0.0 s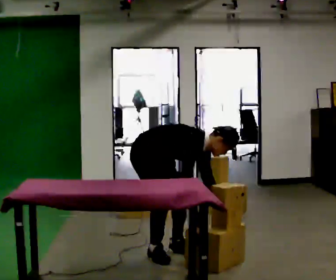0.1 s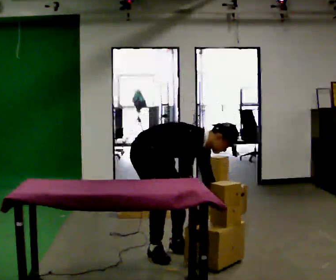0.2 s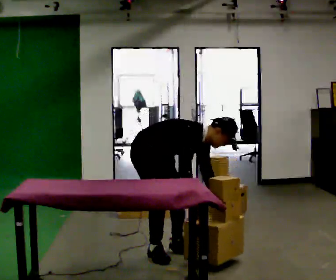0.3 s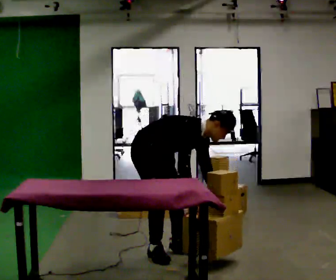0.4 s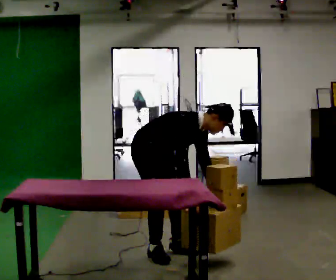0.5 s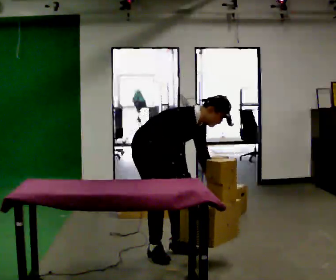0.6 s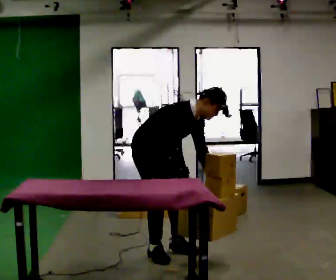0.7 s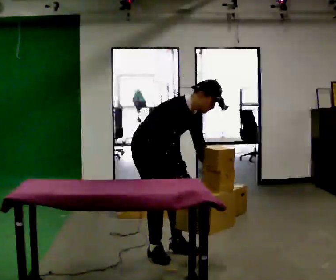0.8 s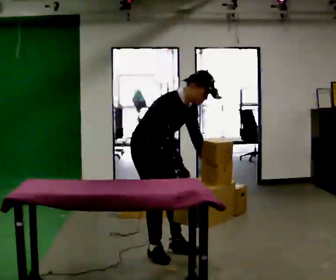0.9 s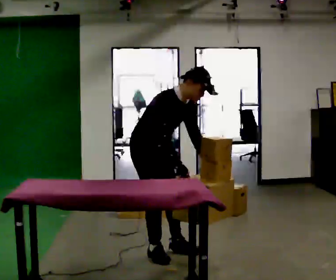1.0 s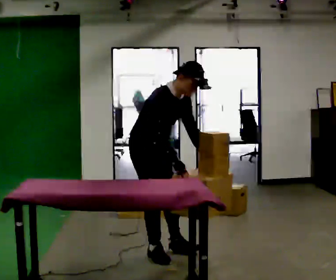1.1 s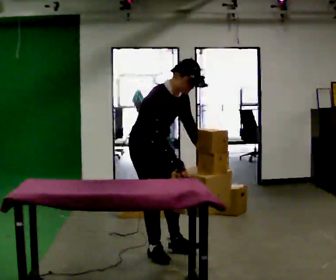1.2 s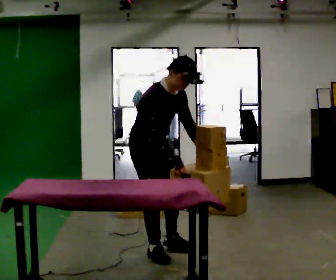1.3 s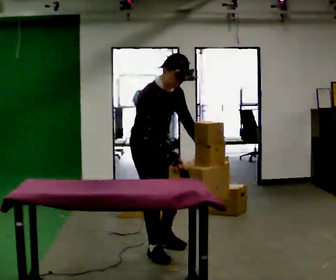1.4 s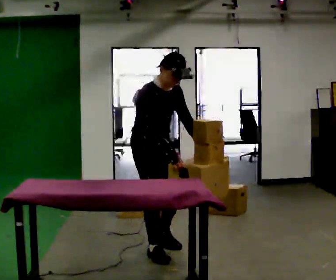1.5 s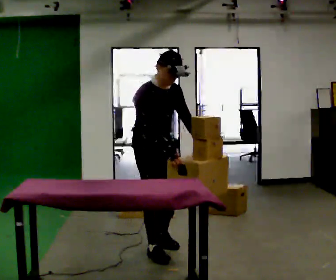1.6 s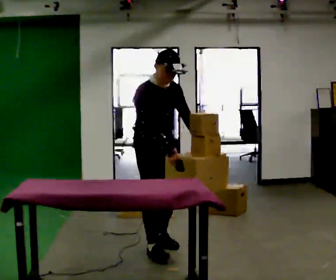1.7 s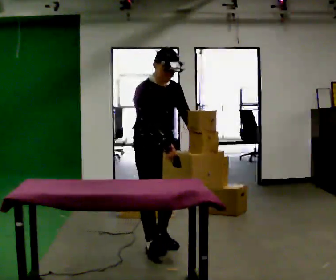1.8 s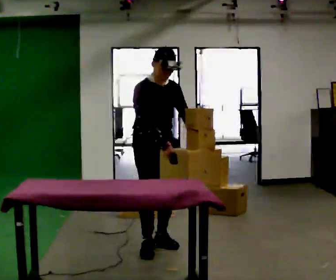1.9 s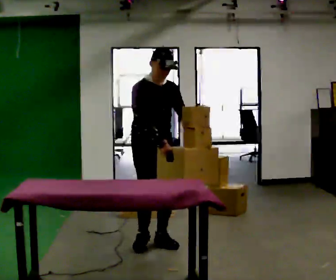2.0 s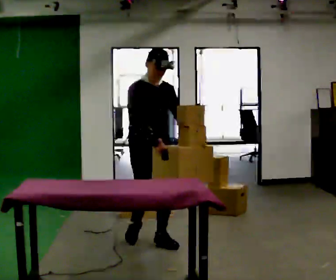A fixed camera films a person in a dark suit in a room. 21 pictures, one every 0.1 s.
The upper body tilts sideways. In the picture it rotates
counterclockwise.
The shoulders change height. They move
upward.
0.0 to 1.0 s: The shoulders move upward. In the picture the upper body tilts counterclockwise, shoulders to the left, as they lean back or straighten. In the picture their left hand goes upward.
1.0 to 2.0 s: Seen from above the body turns clockwise, about 30 degrees: to their right, with its near side sliding to the left. In the picture they go away from the camera, about 0.25 m in 2 steps, which for them is backward and to their left. In the picture the upper body tilts counterclockwise, shoulders to the left, as they lean back or straighten.
The film runs backward here.
